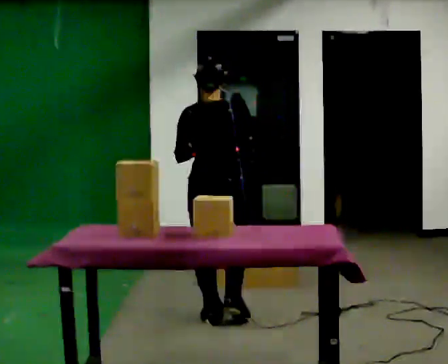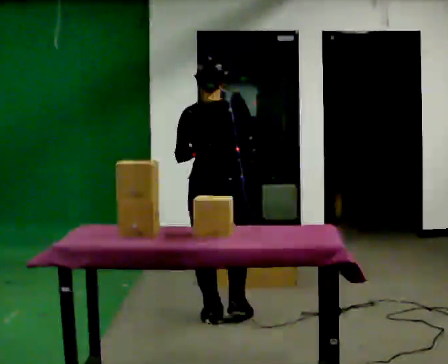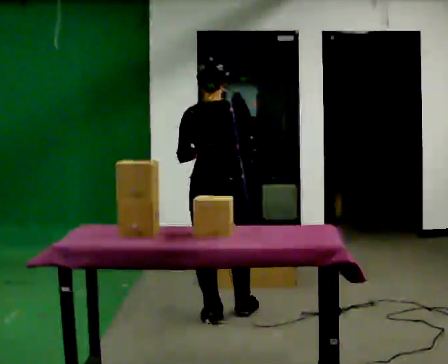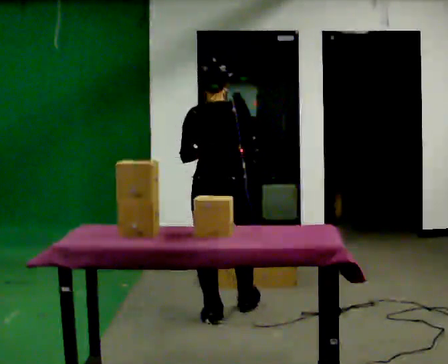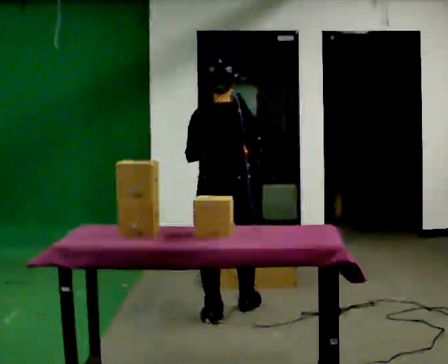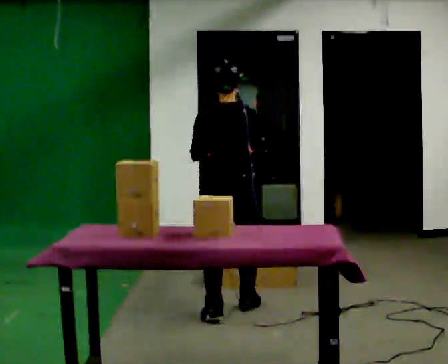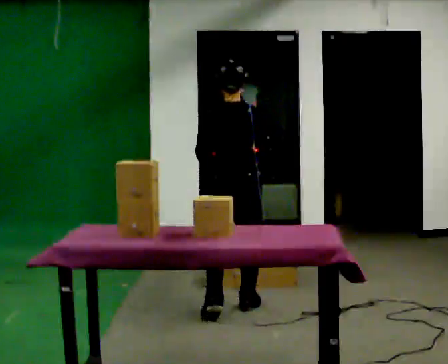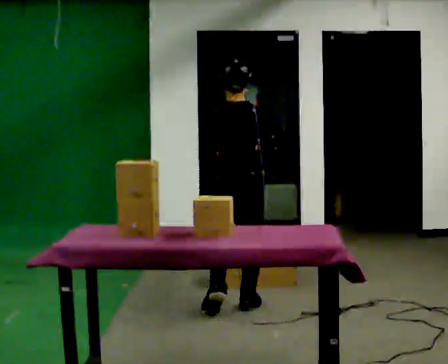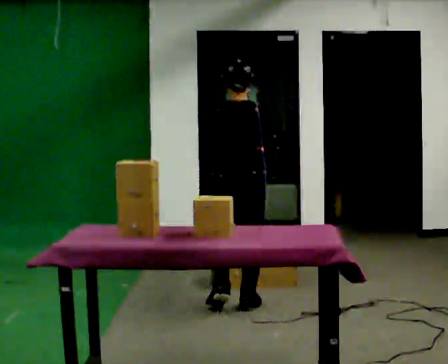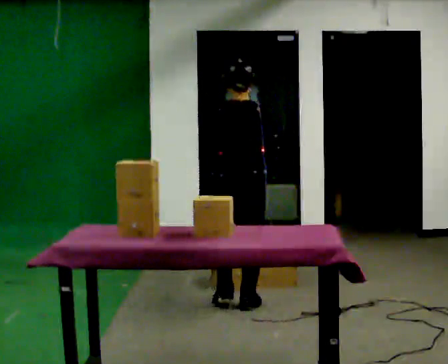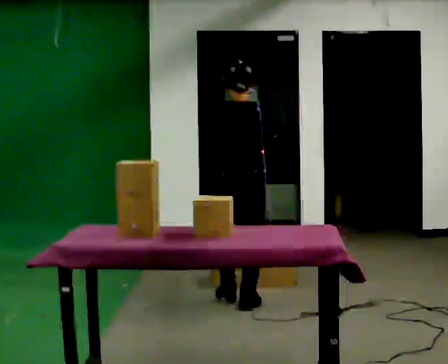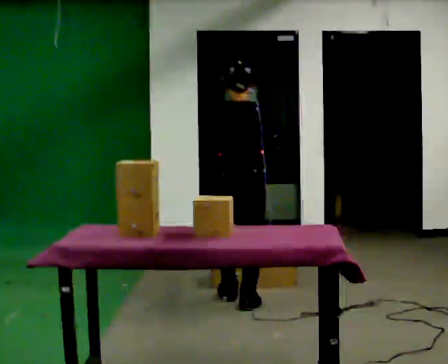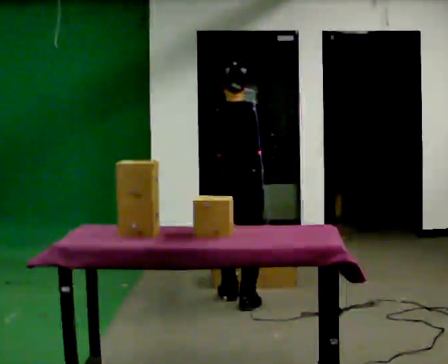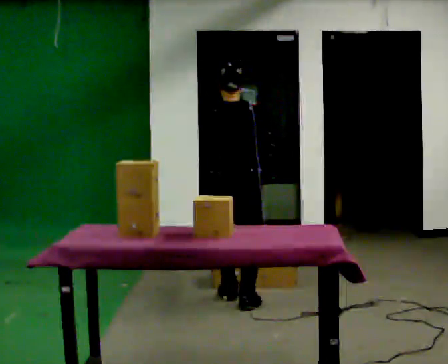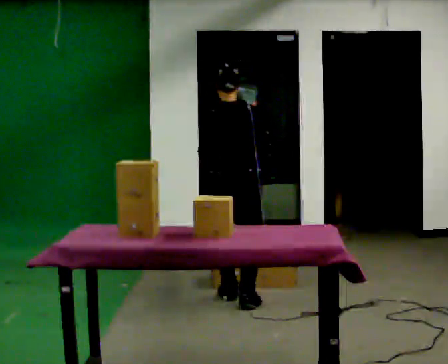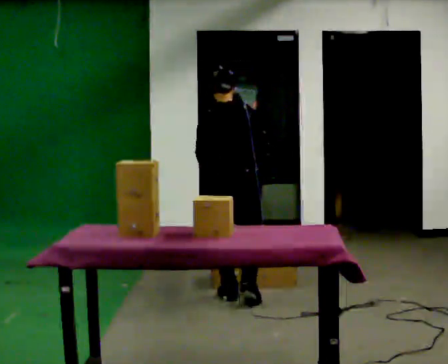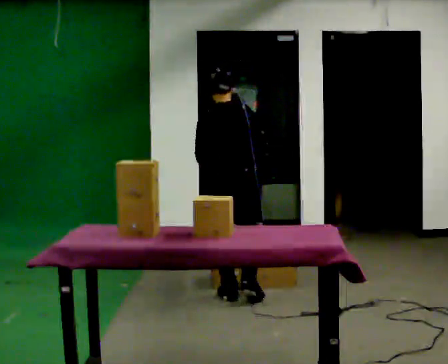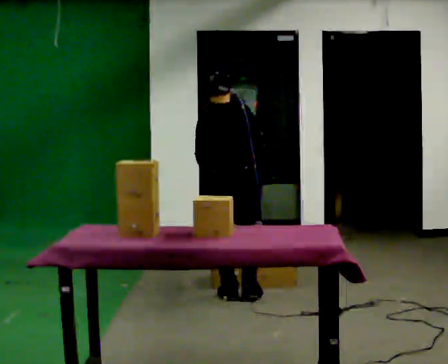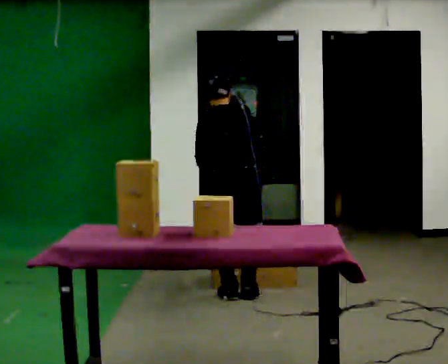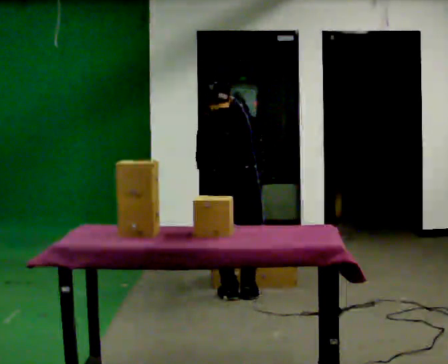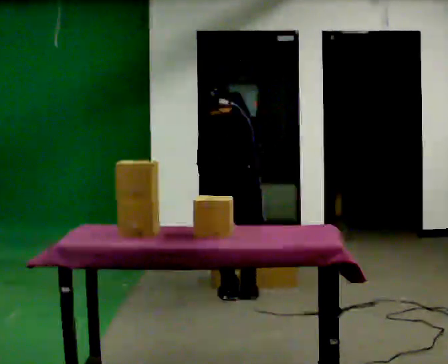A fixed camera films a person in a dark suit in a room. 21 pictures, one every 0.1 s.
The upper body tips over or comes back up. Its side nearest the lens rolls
upward.
0.0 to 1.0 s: In the picture they go away from the camera and to the right, about 0.5 m in 1 step, which for them is forward.
1.0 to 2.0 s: In the picture they go away from the camera, about 0.25 m in 2 steps, which for them is forward. The upper body tips away from the camera, its near side rolling upward, as they bend forward.
The film runs forward here.
